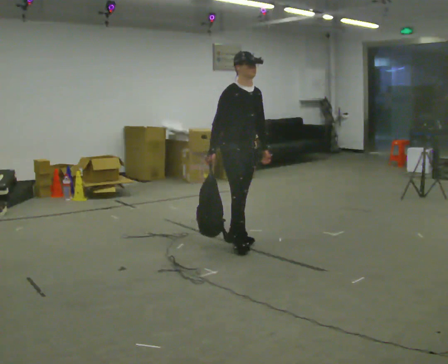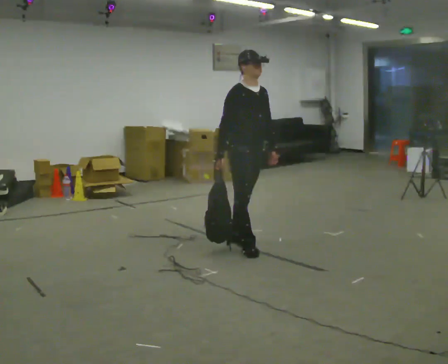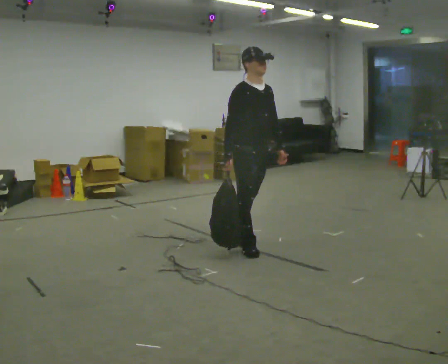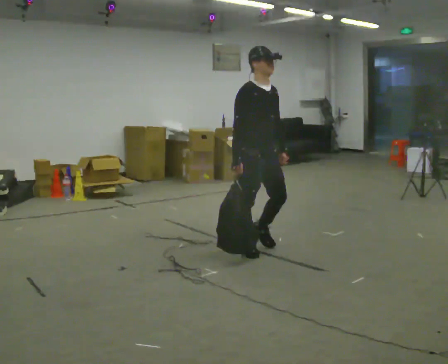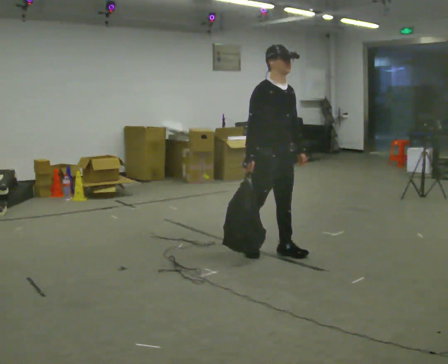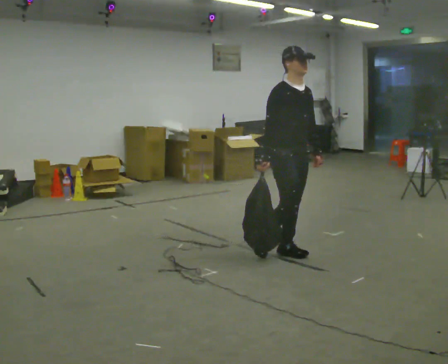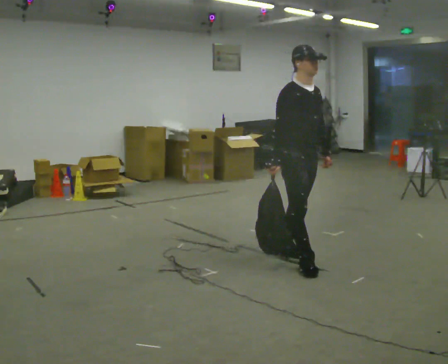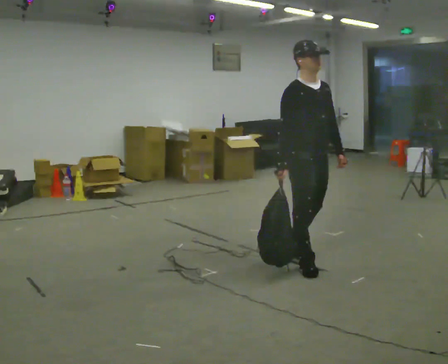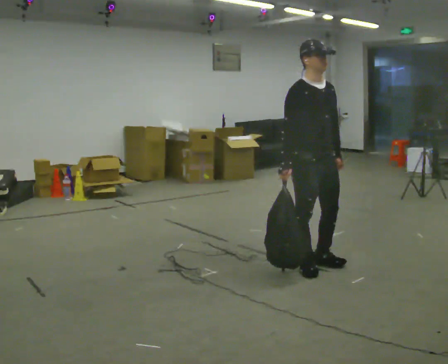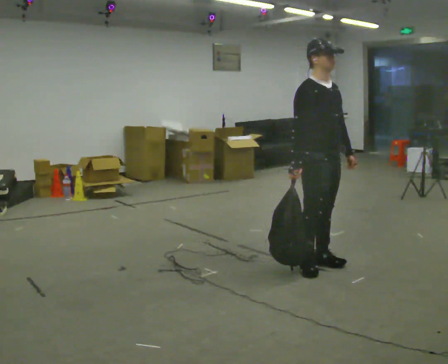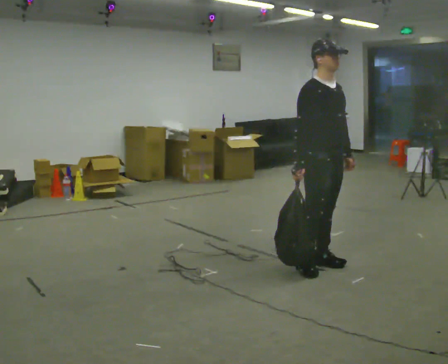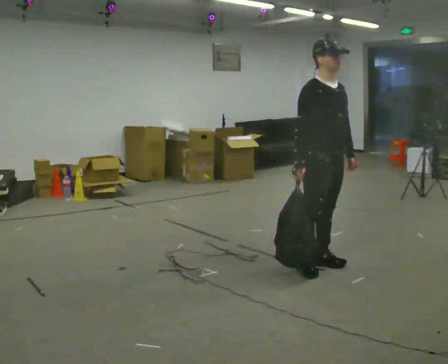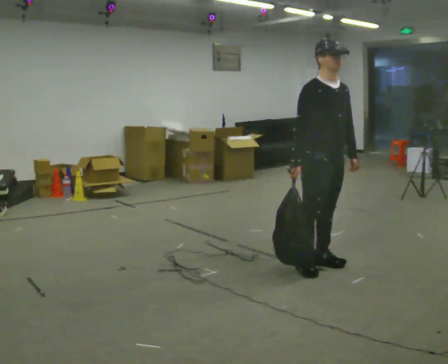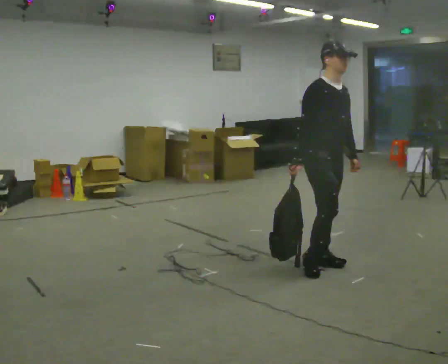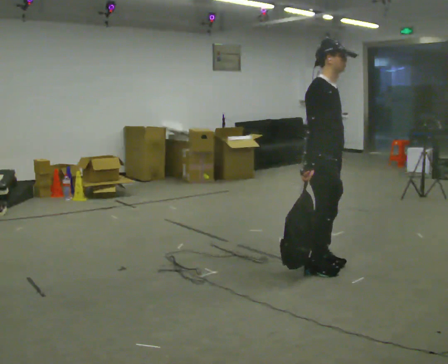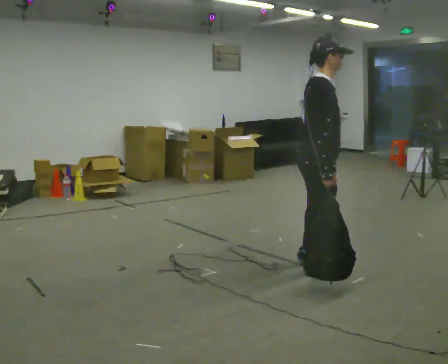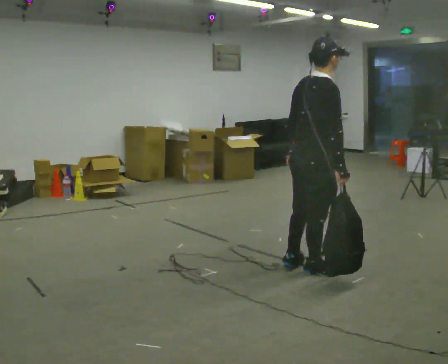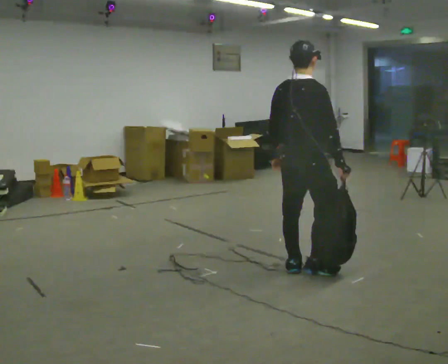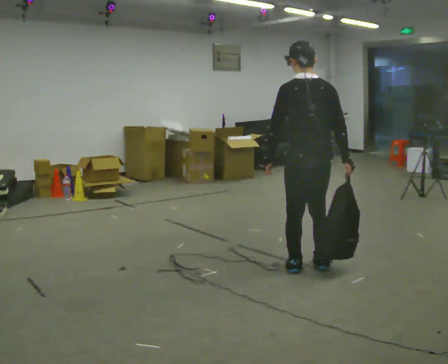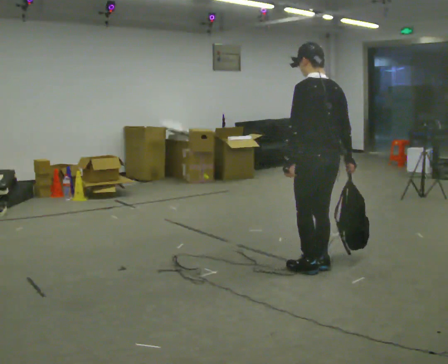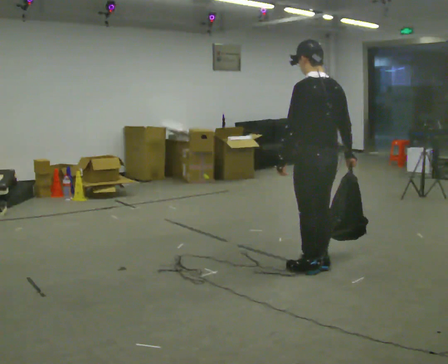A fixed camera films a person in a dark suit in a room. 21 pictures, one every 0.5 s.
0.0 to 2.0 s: In the picture they go toward the camera and to the right, about 0.5 m in 2 steps, which for them is forward.
2.0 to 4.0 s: In the picture they go toward the camera and to the right, about 0.5 m in 2 steps, which for them is forward.
4.0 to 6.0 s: The person moves a little, or ends about where they began.
6.0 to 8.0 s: Seen from above the body turns counterclockwise, about 90 degrees: to their left, with its near side sliding to the right. In the picture their left hand goes to the left, the arm swinging clockwise.
8.0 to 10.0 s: The person turns about 90 degrees to their left, counterclockwise seen from above, so the part of the body nearest the lens slides to the right.
The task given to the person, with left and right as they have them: Carry the soft bag across the room, back and forth. It will change shape as you move, so hold it however works.
The film runs forward here.
